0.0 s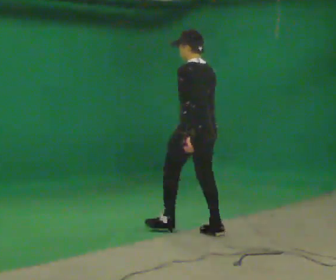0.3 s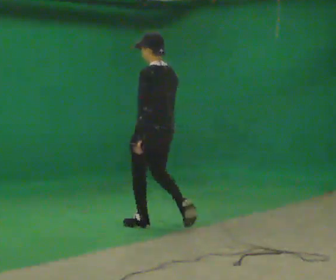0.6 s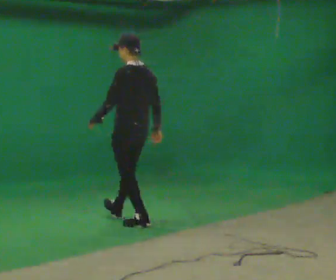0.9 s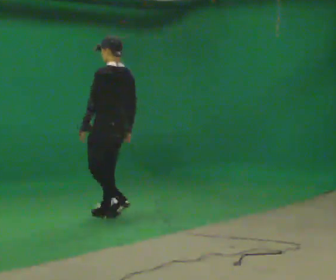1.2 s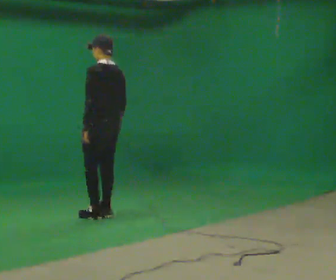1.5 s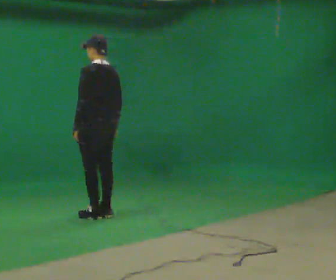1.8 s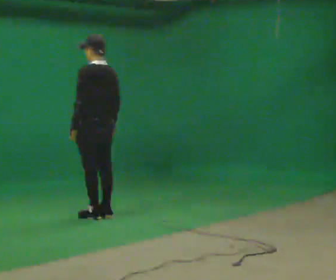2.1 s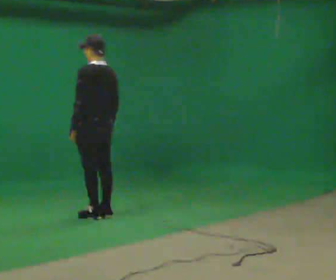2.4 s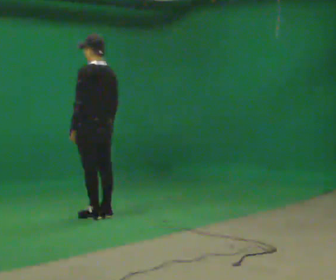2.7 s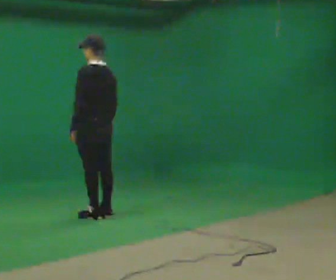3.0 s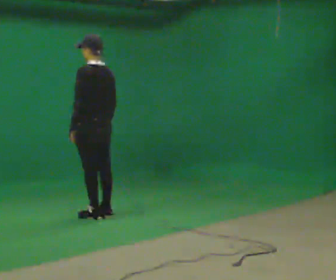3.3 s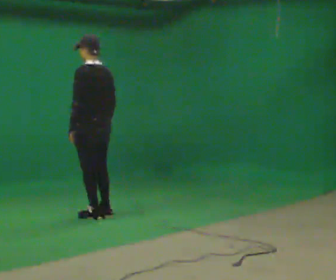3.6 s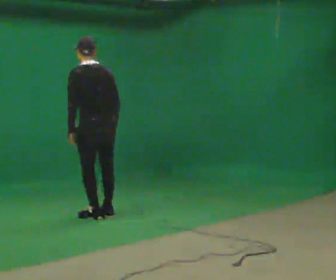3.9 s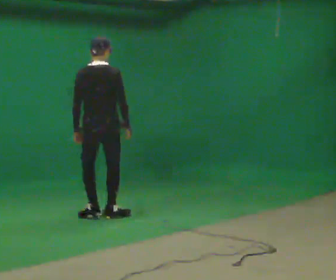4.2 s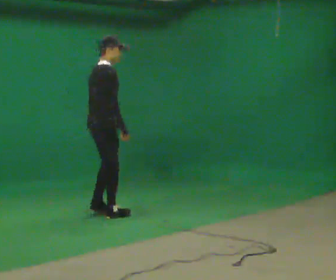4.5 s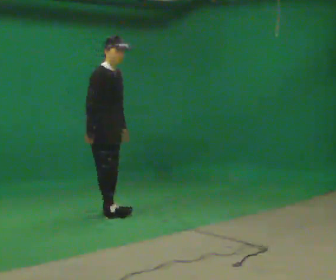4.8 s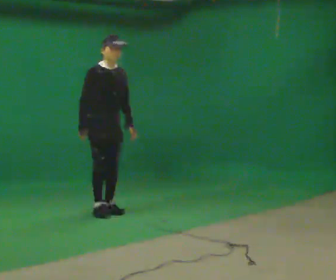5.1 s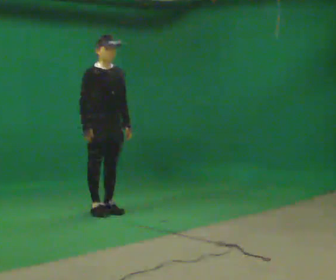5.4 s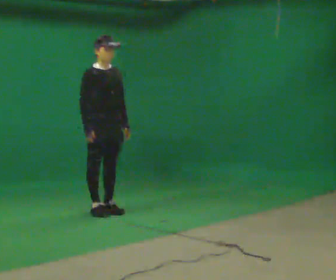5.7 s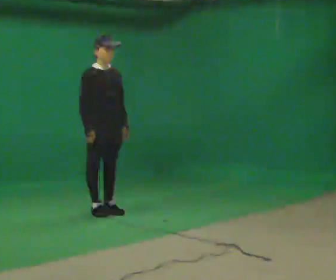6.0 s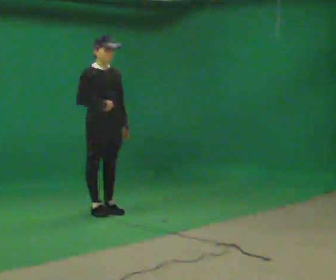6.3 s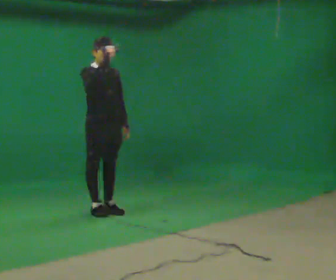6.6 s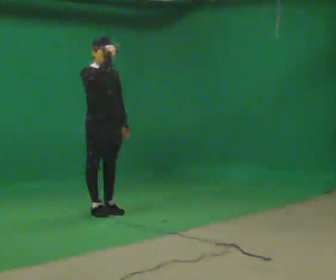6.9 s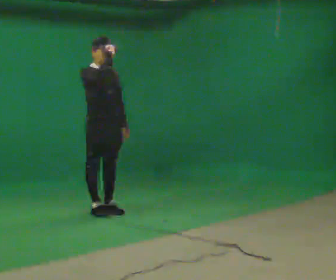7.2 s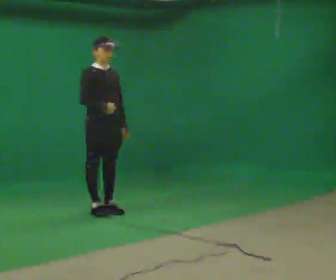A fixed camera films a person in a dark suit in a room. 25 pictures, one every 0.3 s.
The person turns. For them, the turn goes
to their right.
The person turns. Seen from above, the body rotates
clockwise.
0.0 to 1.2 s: In the picture they go away from the camera and to the left, about 1 m in 3 steps, which for them is forward.
1.2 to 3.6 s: The person moves a little, or ends about where they began.
3.6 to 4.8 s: Seen from above the body turns clockwise, about 165 degrees: to their right, with its near side sliding to the left. In the picture they go away from the camera, about 0.25 m in 1 step.
4.8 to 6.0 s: In the picture their right hand goes upward.
6.0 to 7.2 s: The person moves a little, or ends about where they began.
The film runs forward here.
